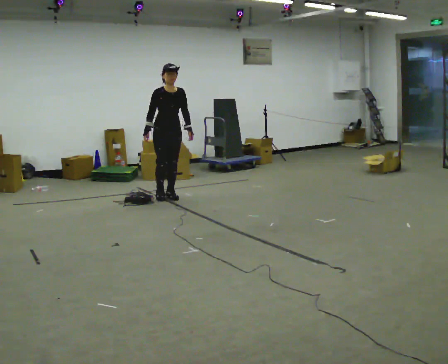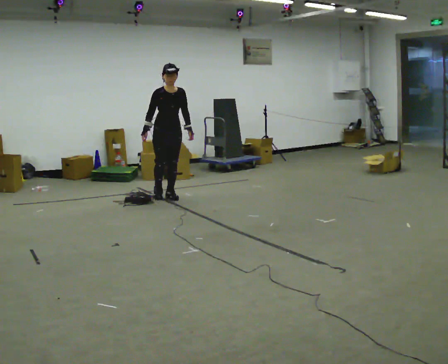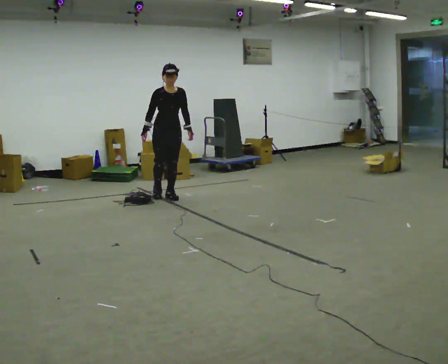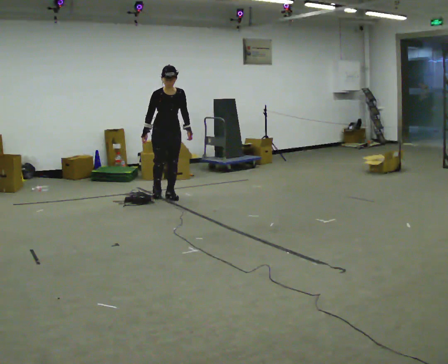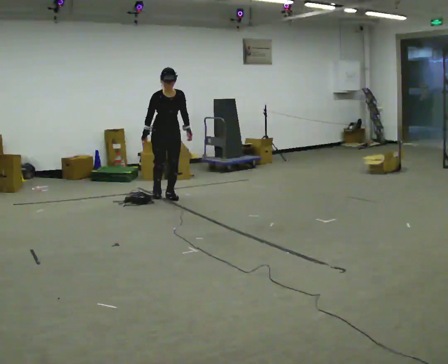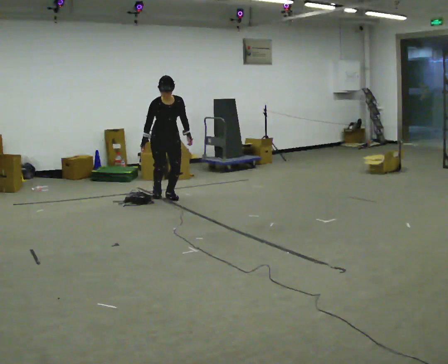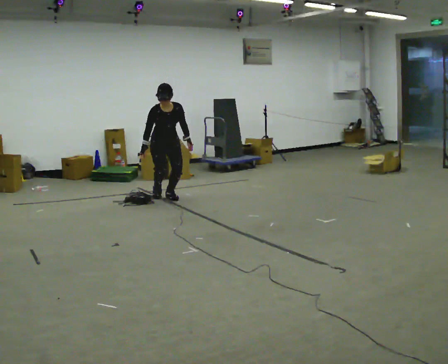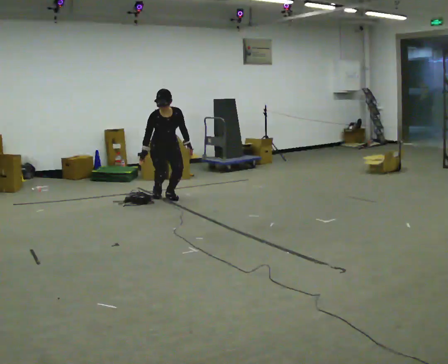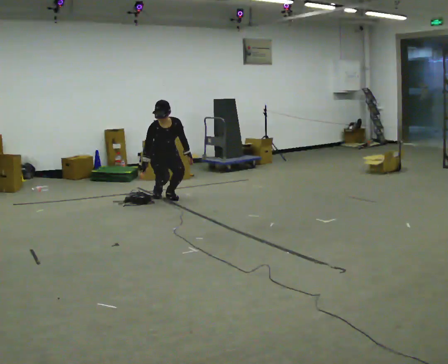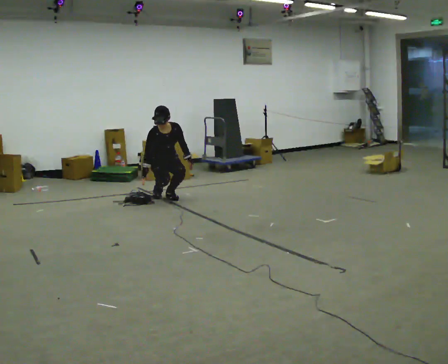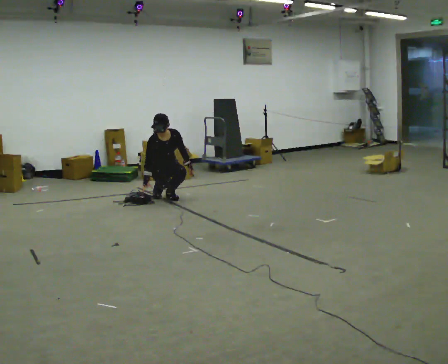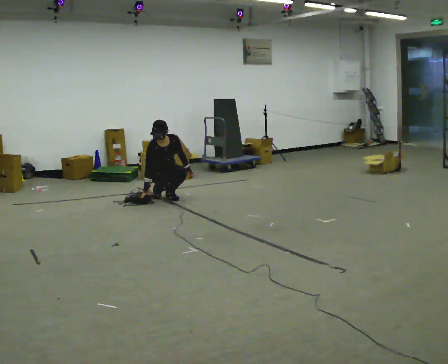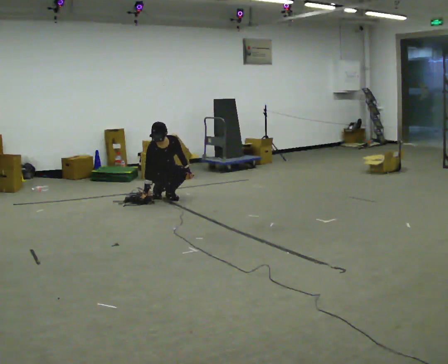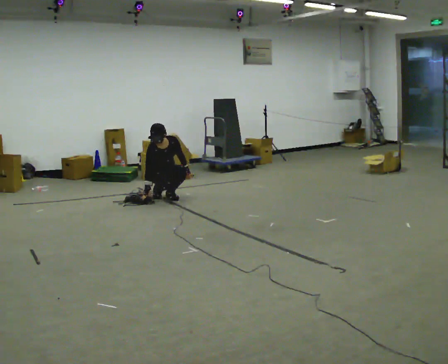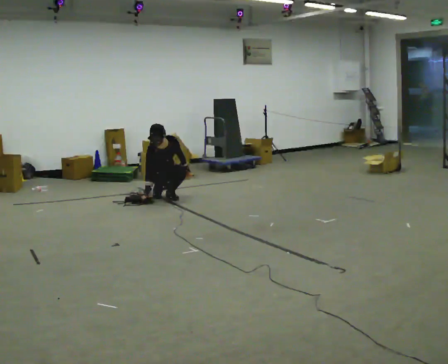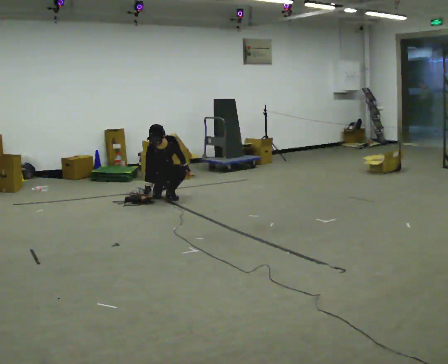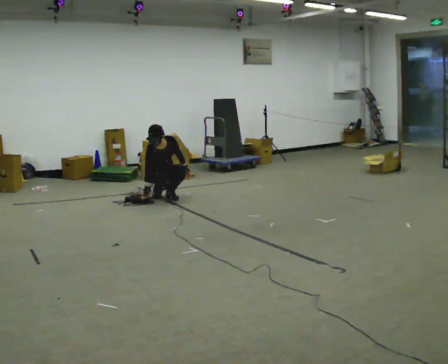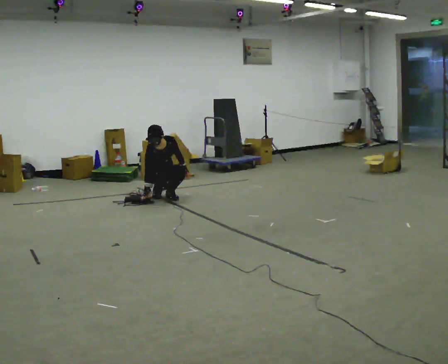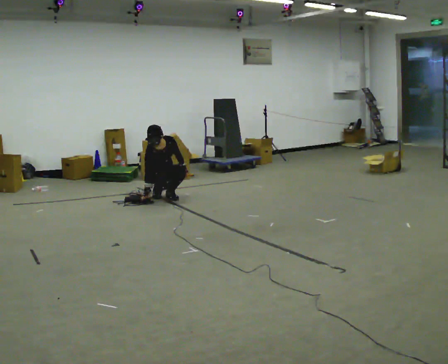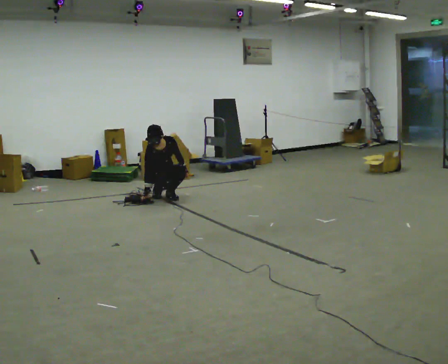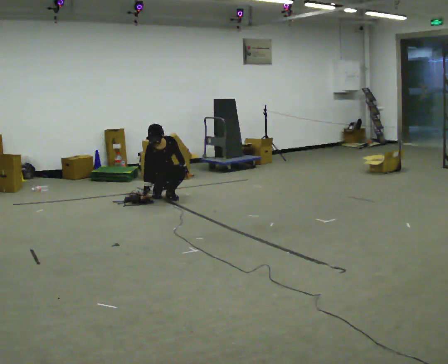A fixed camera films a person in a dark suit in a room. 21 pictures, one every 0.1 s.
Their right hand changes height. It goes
downward.
The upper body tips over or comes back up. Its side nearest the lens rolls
downward.
0.0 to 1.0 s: The shoulders move downward. The upper body tips toward the camera, its near side rolling downward, as they bend forward. In the picture their left hand goes downward.
1.0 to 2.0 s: The person moves a little, or ends about where they began.
The film runs forward here.
